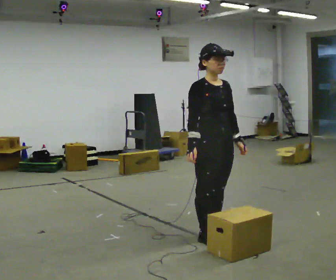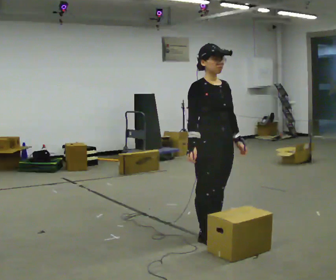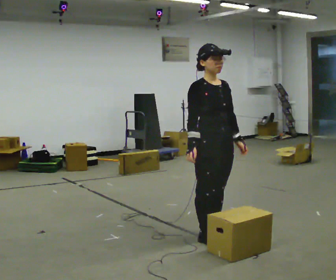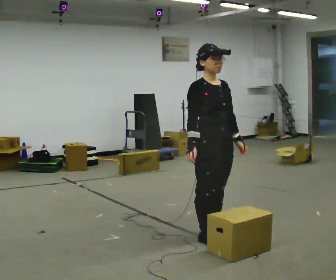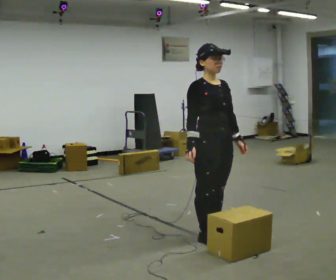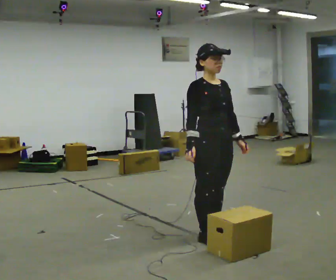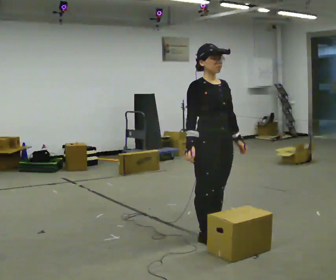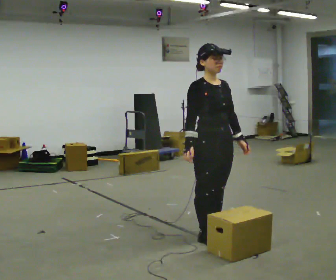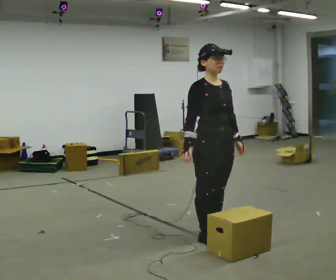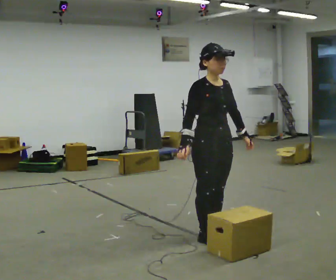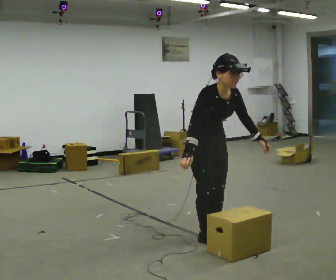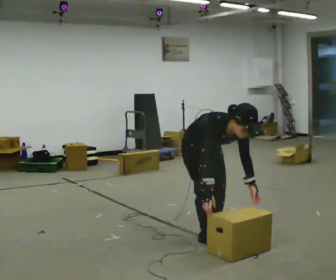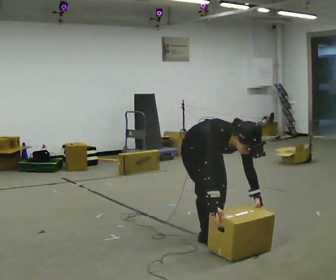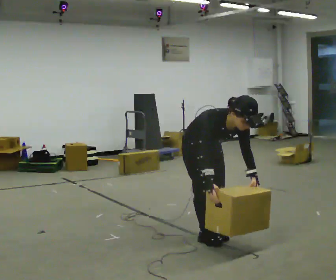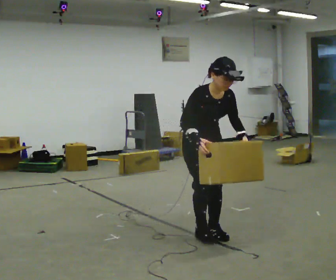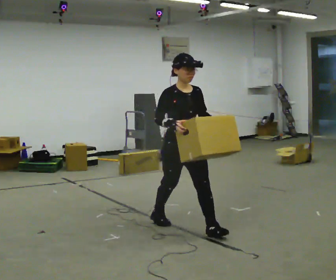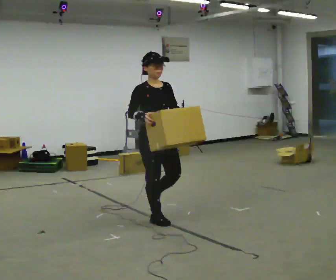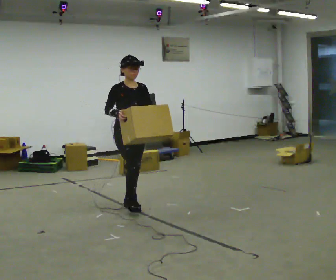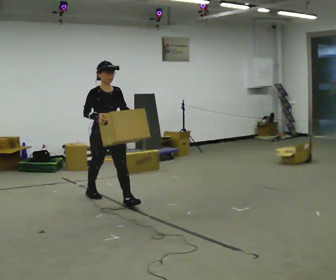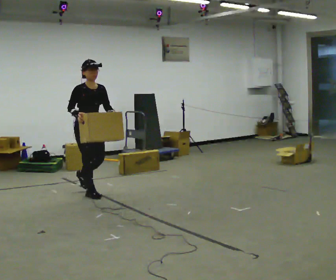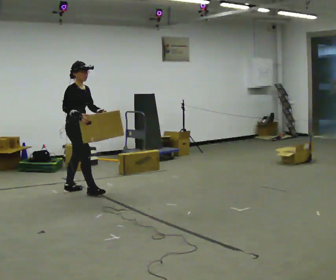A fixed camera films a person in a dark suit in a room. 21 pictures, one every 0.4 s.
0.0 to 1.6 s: The person keeps their place and pose.
1.6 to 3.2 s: The person moves a little, or ends about where they began.
3.2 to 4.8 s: The upper body goes downward. The upper body tips toward the camera, its near side rolling downward, as they bend forward. In the picture their left hand goes downward.
4.8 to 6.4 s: In the picture they go to the left and away from the camera, about 0.5 m in 2 steps, which for them is backward. The shoulders move upward. The upper body tips away from the camera, its near side rolling upward, as they lean back or straighten. In the picture their right hand goes upward.
6.4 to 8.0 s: Seen from above the body turns counterclockwise, about 45 degrees: to their left, with its near side sliding to the right. In the picture they go to the left and away from the camera, about 1.5 m in 3 steps, which for them is backward.
The film runs backward here.
